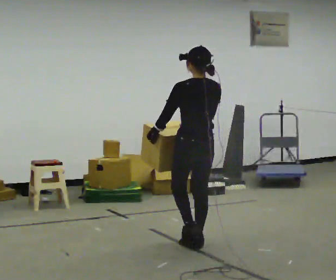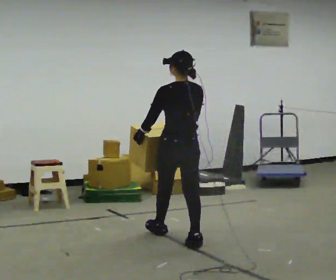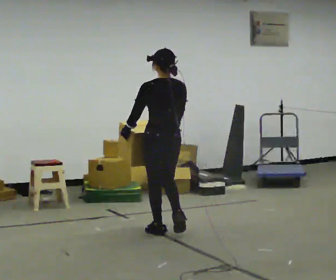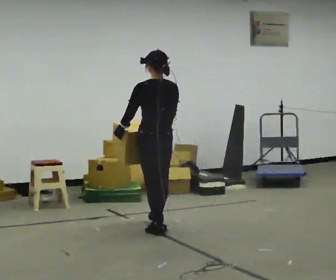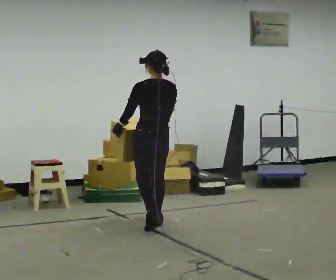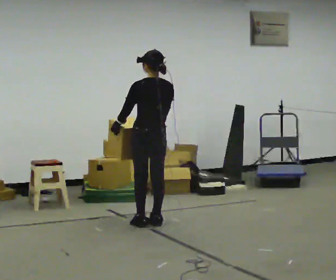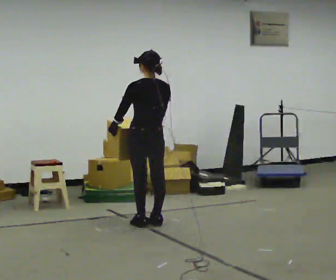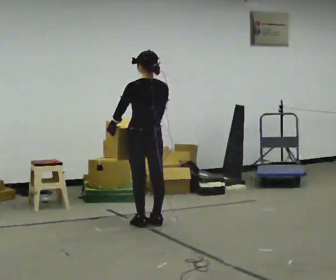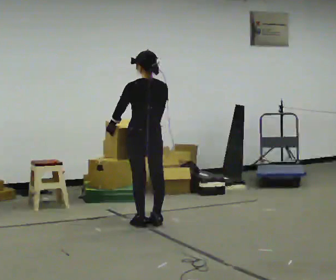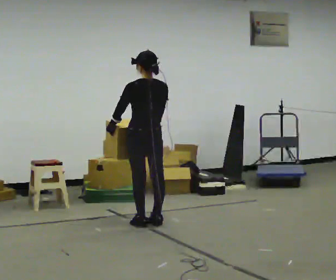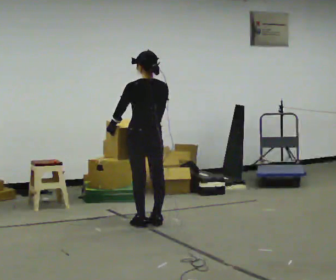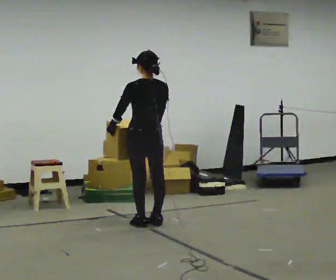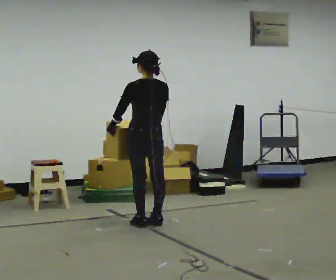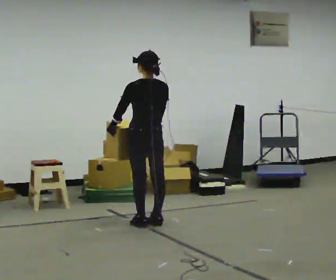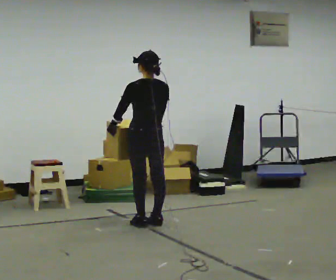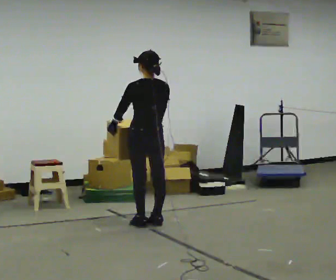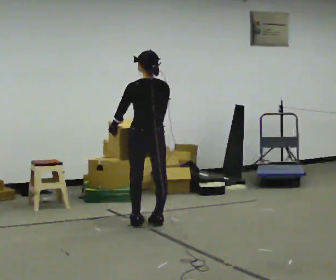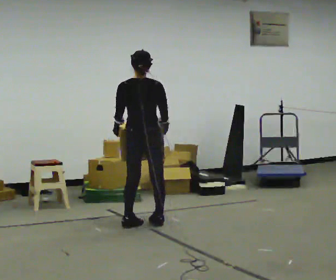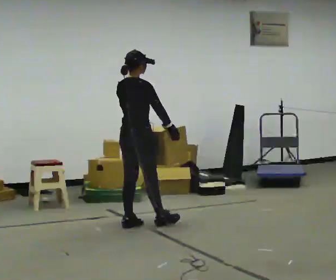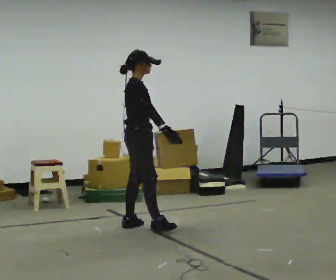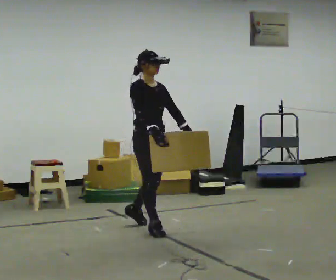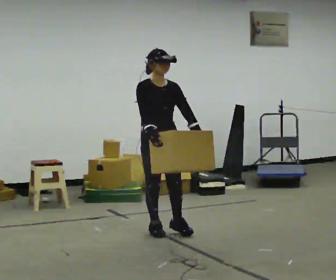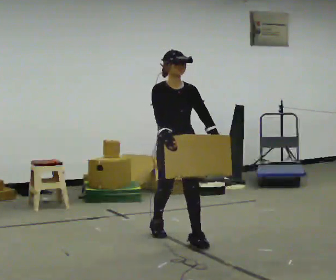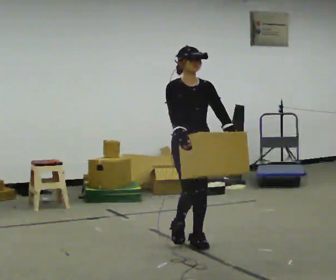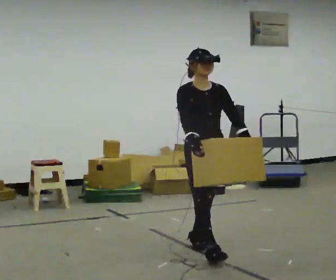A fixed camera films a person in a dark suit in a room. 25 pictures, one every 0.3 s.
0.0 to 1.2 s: In the picture they go away from the camera and to the left, about 1 m in 2 steps, which for them is forward.
1.2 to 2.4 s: The person moves a little, or ends about where they began.
2.4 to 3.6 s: The person keeps their place and pose.
3.6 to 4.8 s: The person moves a little, or ends about where they began.
4.8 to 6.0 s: The person turns about 150 degrees to their right, clockwise seen from above, so the part of the body nearest the lens slides to the left. In the picture they go toward the camera, about 0.25 m in 2 steps.
6.0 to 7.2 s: In the picture they go toward the camera and to the right, about 1 m in 2 steps, which for them is forward.
The film runs forward here.
